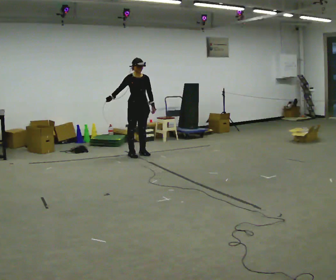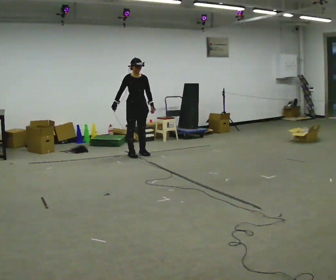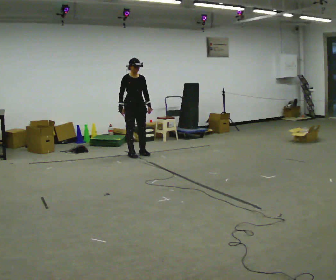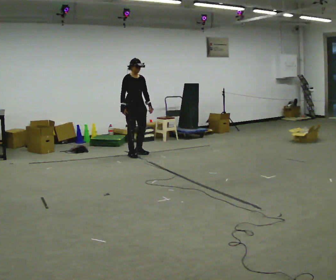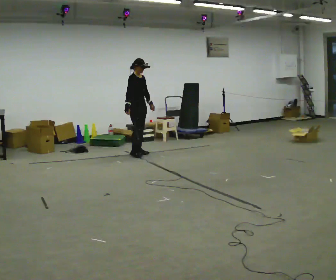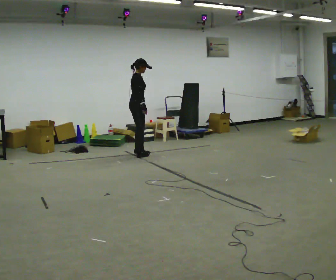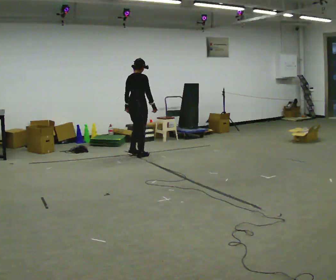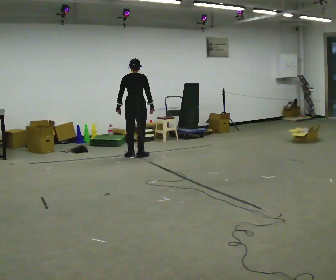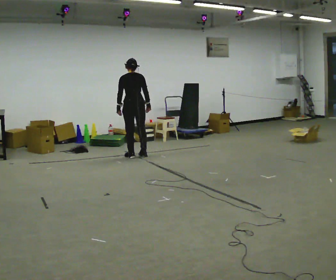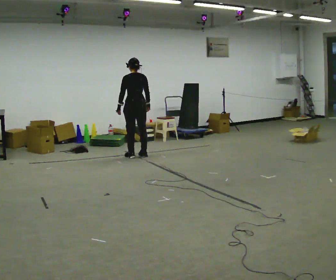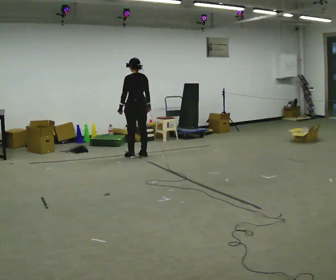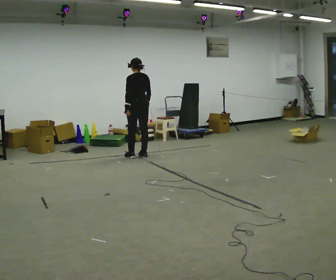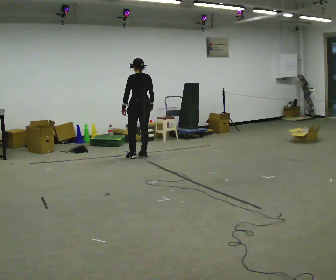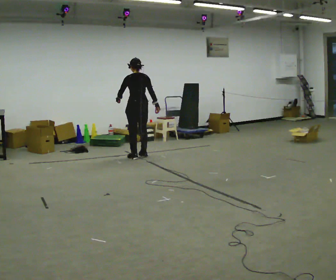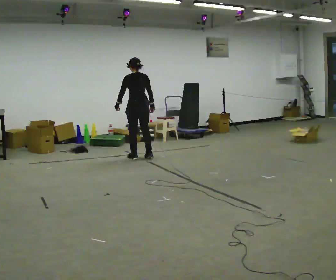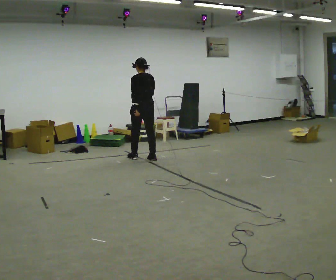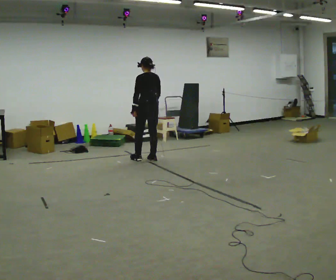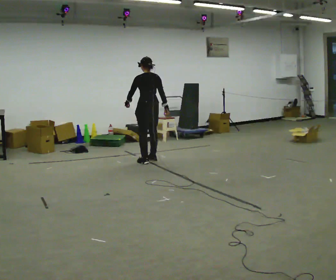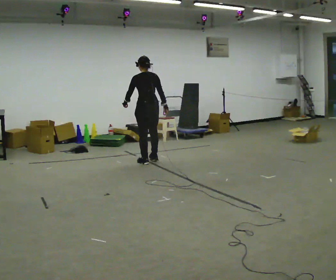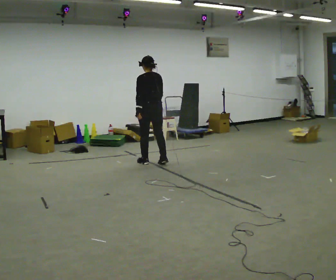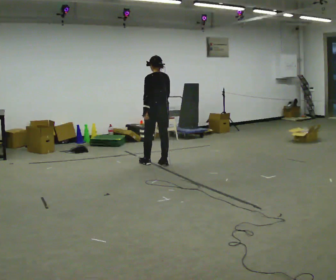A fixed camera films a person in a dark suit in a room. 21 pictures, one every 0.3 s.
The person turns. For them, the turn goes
to their left.
The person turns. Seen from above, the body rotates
counterclockwise.
0.0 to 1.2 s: Seen from above the body turns counterclockwise, about 30 degrees: to their left, with its near side sliding to the right.
1.2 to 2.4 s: The person turns about 135 degrees to their left, counterclockwise seen from above, so the part of the body nearest the lens slides to the right. In the picture they go toward the camera, about 0.25 m in 2 steps. In the picture their left hand goes to the left, the arm swinging clockwise.
2.4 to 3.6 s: The person moves a little, or ends about where they began.
3.6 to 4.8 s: In the picture they go toward the camera, about 0.25 m in 2 steps, which for them is backward.
4.8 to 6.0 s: In the picture they go toward the camera, about 0.25 m in 2 steps, which for them is backward.
The film runs backward here.
